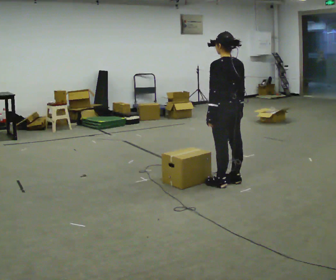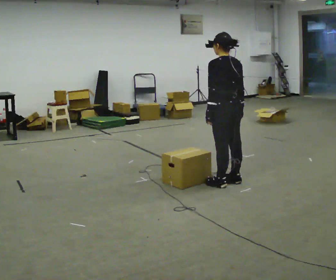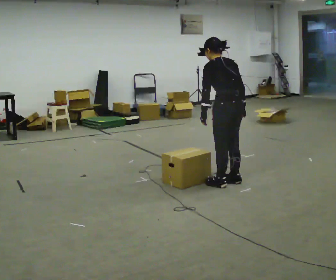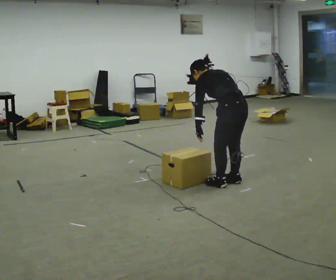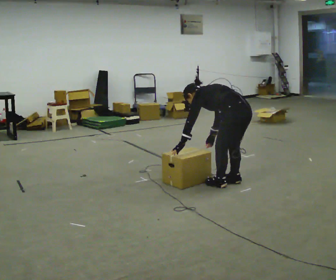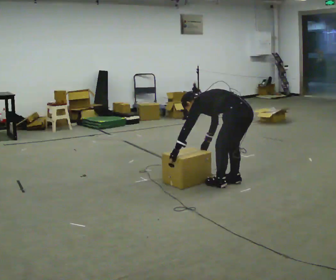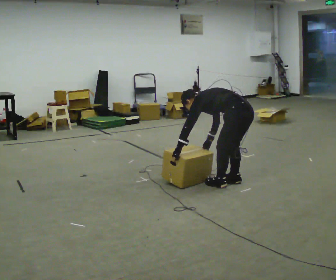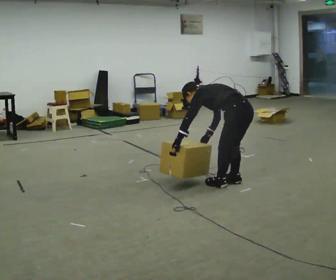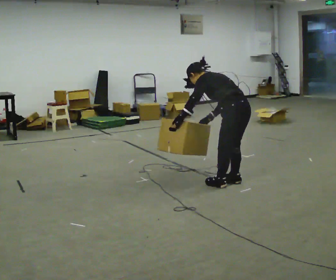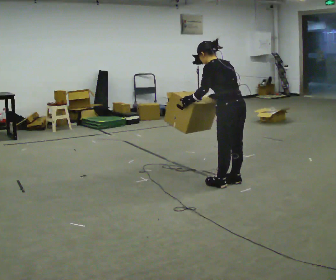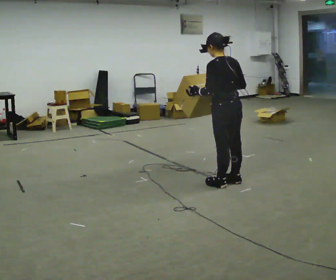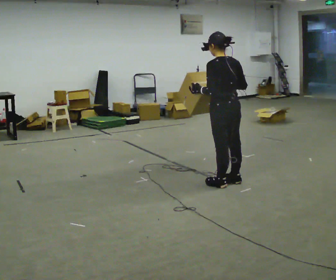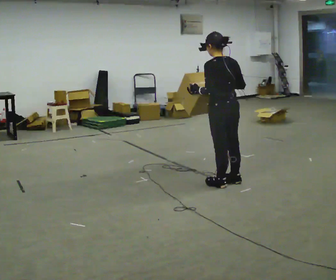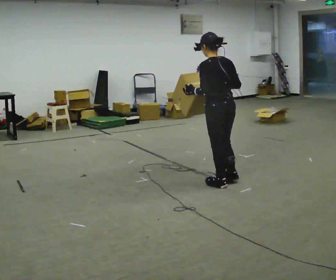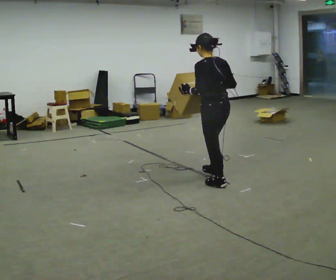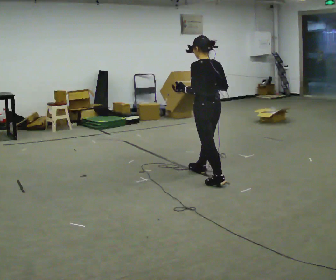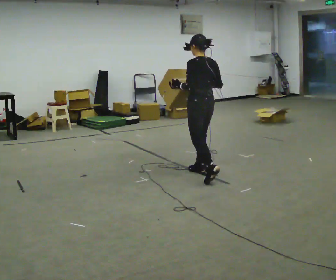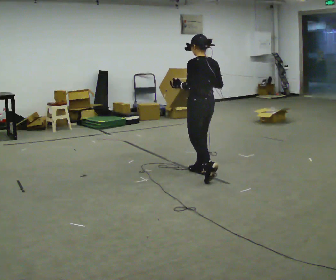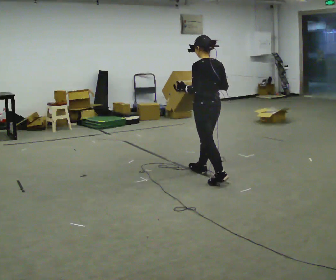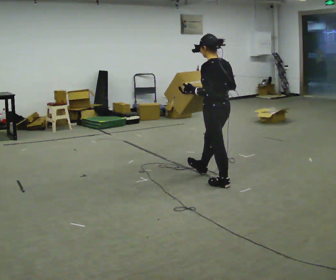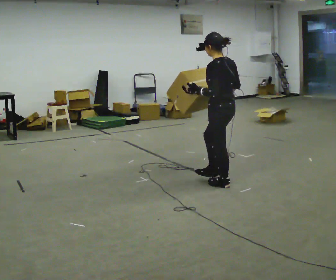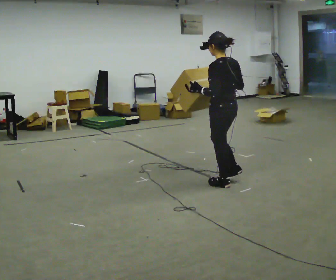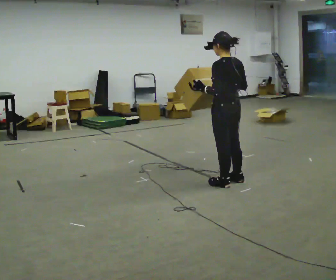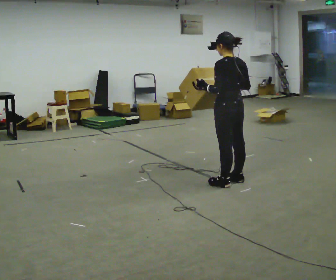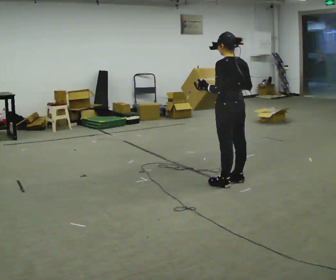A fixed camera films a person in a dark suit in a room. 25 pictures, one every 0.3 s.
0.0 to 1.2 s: The upper body goes downward. In the picture the upper body tilts counterclockwise, shoulders to the left, as they bend forward.
1.2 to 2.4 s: The person moves a little, or ends about where they began.
2.4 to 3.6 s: The upper body goes upward. In the picture the upper body tilts clockwise, shoulders to the right, as they lean back or straighten. In the picture their right hand goes upward.
3.6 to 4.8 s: In the picture they go away from the camera and to the left, about 0.5 m in 1 step, which for them is forward.
4.8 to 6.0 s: In the picture they go toward the camera and to the right, about 0.25 m in 2 steps, which for them is backward.
6.0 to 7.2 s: The person moves a little, or ends about where they began.
The film runs backward here.
